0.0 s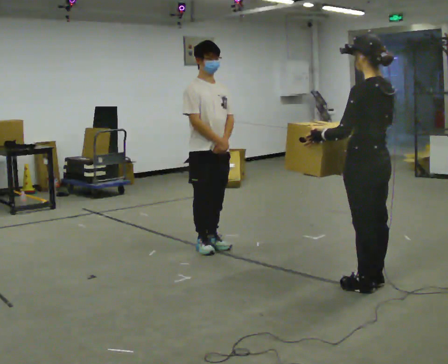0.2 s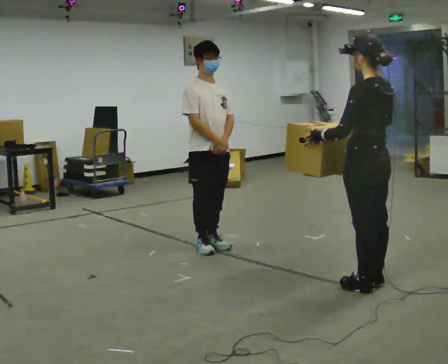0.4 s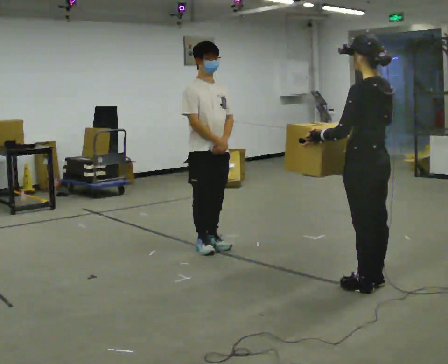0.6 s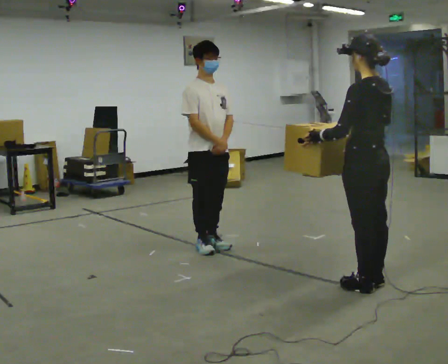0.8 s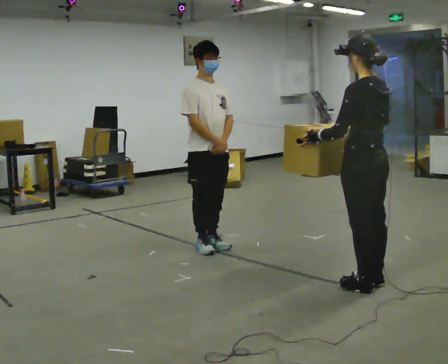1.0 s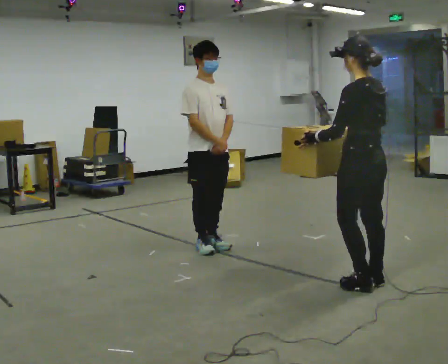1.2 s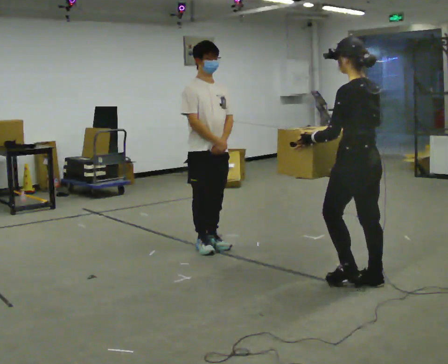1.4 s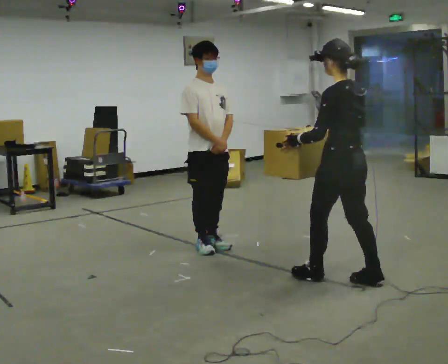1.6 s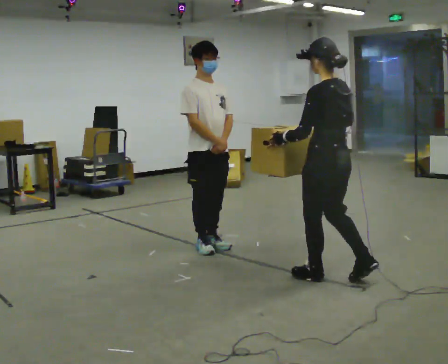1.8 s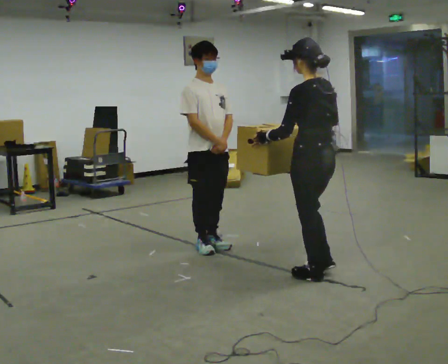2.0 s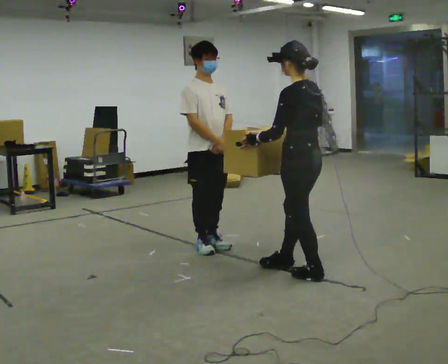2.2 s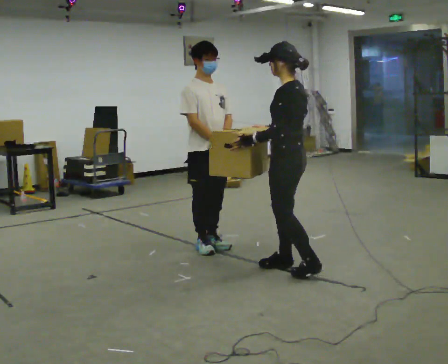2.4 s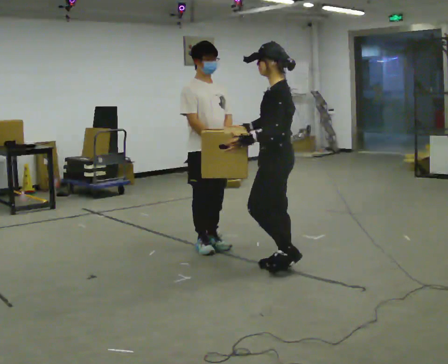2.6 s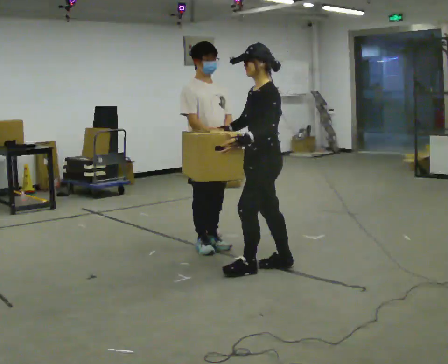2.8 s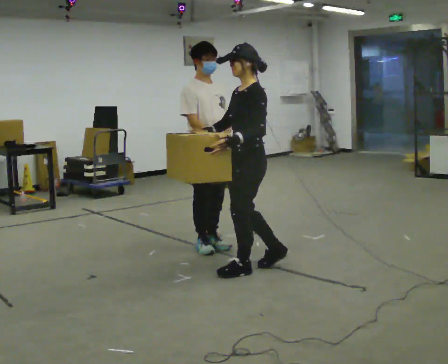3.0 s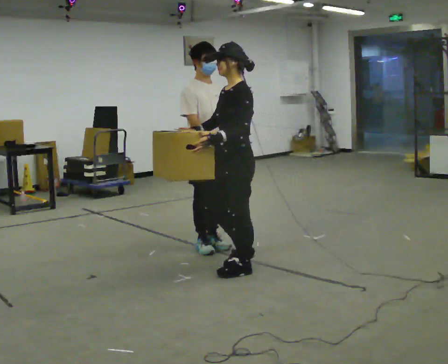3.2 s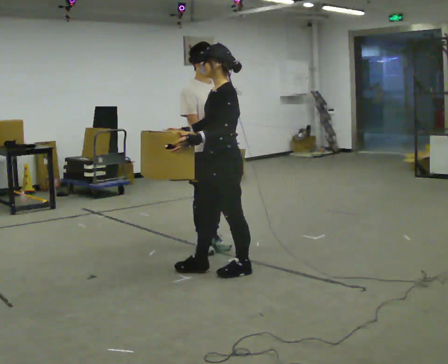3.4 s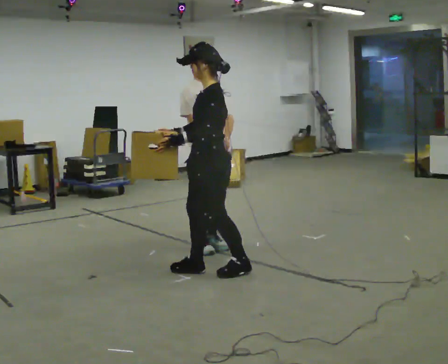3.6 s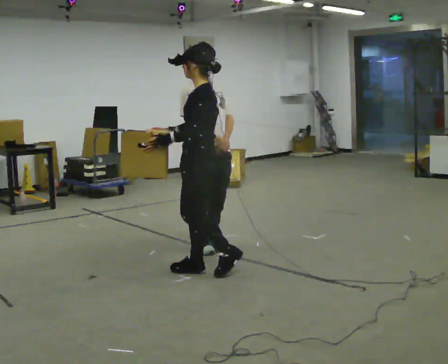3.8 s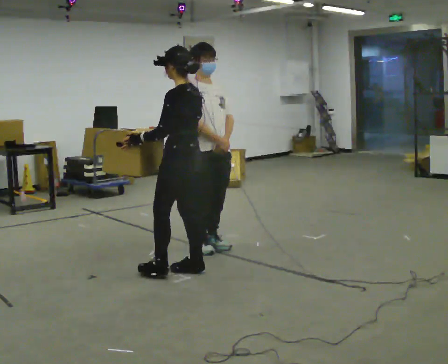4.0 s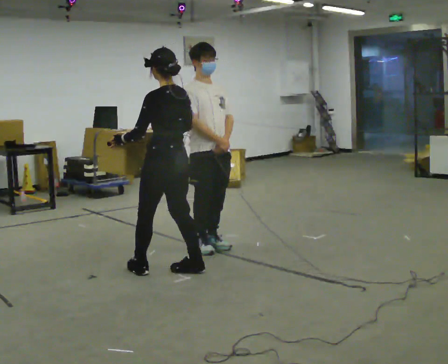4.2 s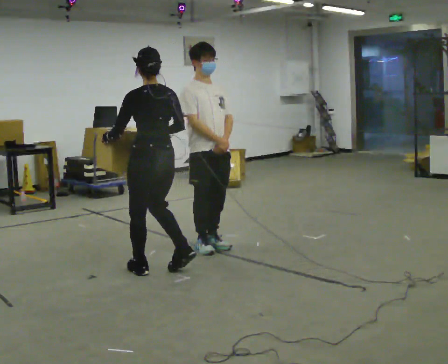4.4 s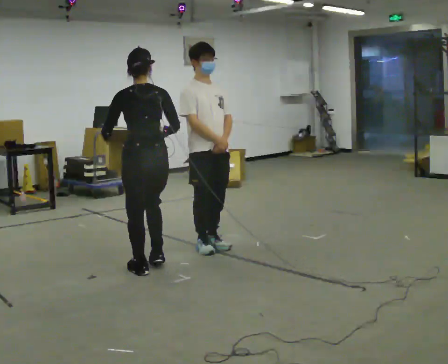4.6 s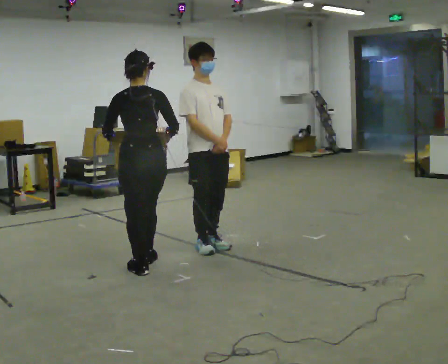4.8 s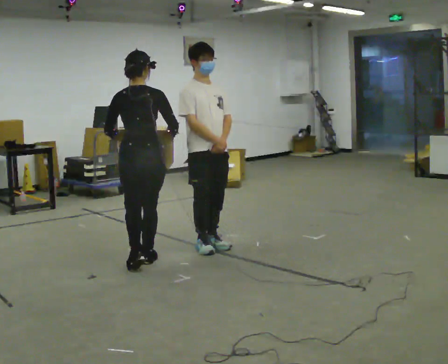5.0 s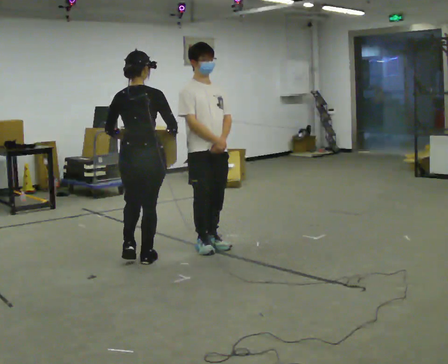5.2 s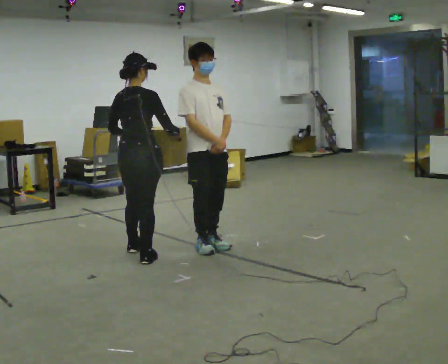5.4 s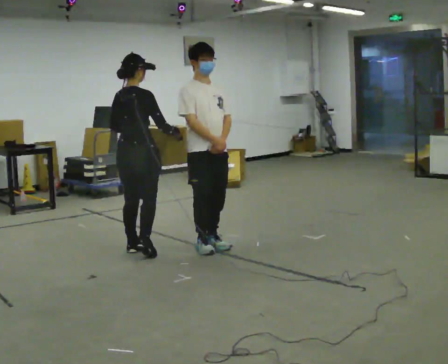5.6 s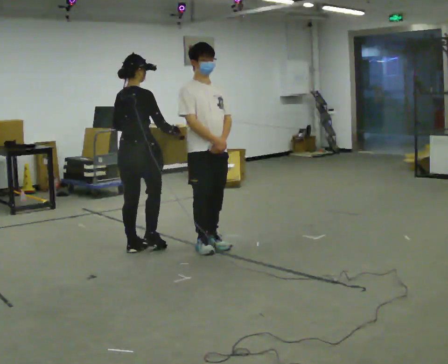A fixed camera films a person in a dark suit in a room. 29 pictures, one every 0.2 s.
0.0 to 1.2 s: The person moves a little, or ends about where they began.
1.2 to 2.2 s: In the picture they go to the left and away from the camera, about 0.5 m in 2 steps, which for them is forward.
2.2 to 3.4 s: The person turns about 30 degrees to their left, counterclockwise seen from above, so the part of the body nearest the lens slides to the right. In the picture they go to the left, about 0.5 m in 2 steps, which for them is forward.
3.4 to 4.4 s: Seen from above the body turns clockwise, about 75 degrees: to their right, with its near side sliding to the left. In the picture they go to the left, about 0.5 m in 1 step.
4.4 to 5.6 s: The person turns about 45 degrees to their right, clockwise seen from above, so the part of the body nearest the lens slides to the left. In the picture they go away from the camera, about 0.5 m in 2 steps, which for them is forward and to their left.
The film runs forward here.
